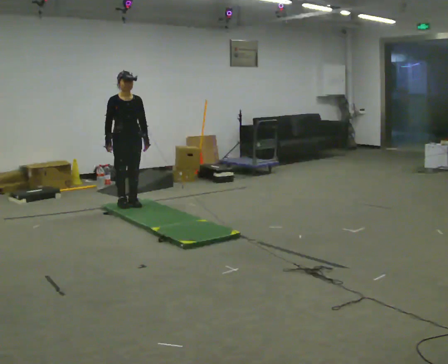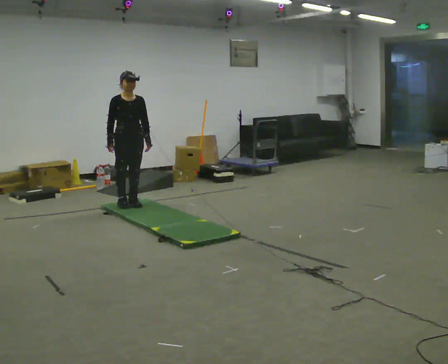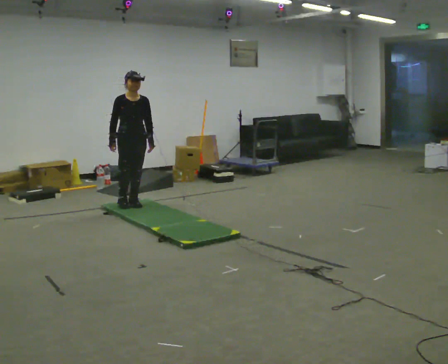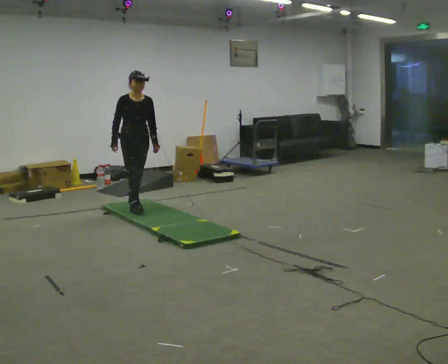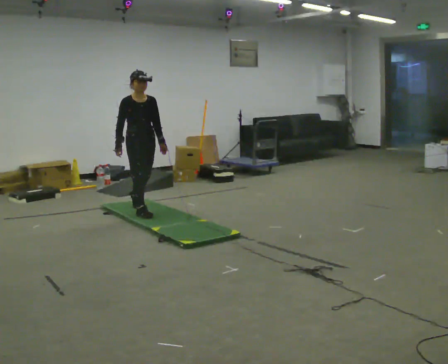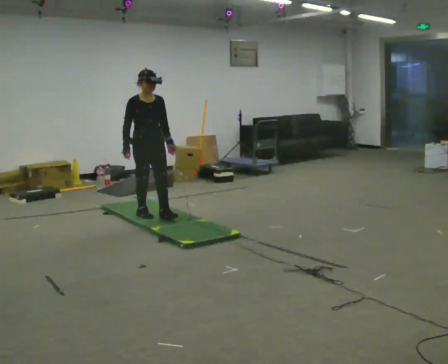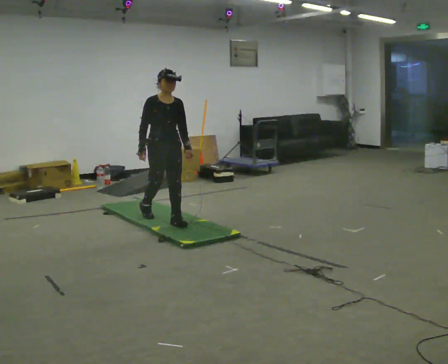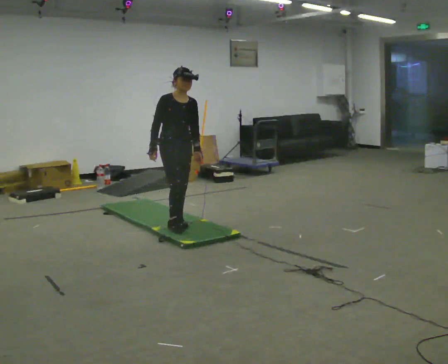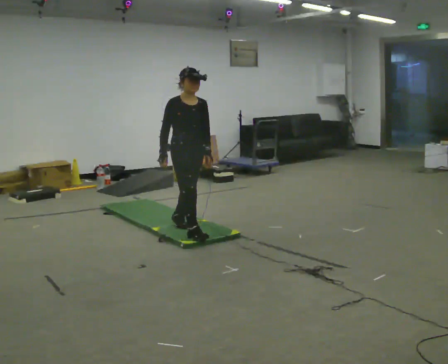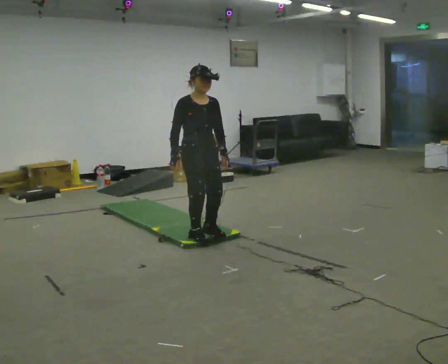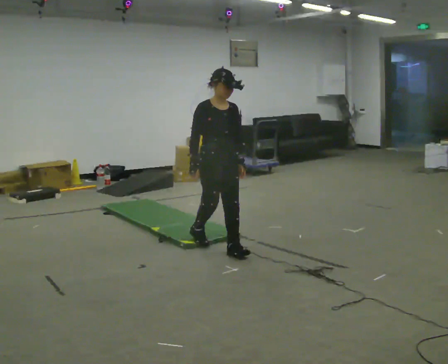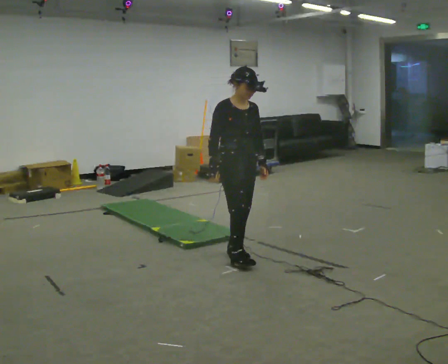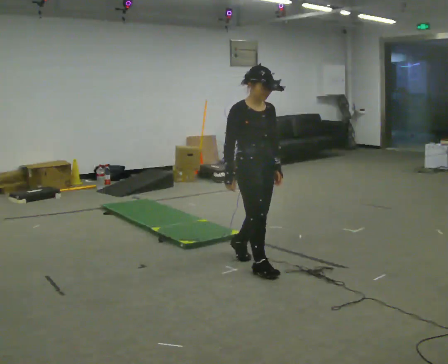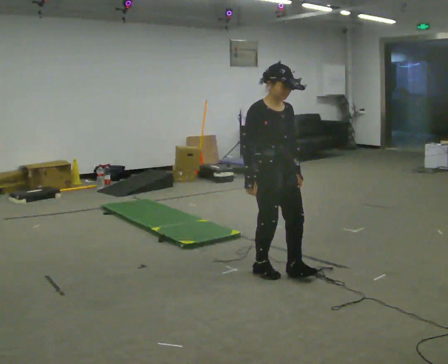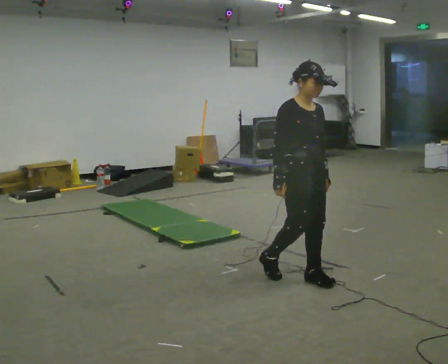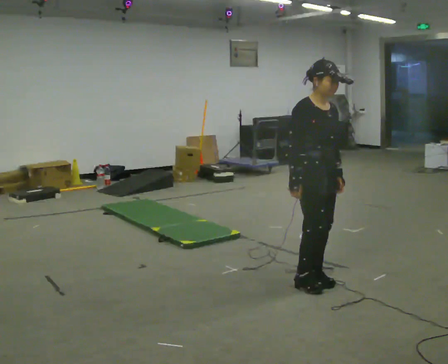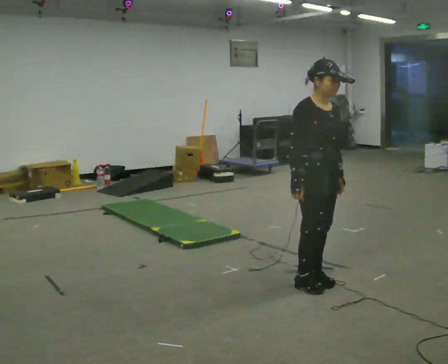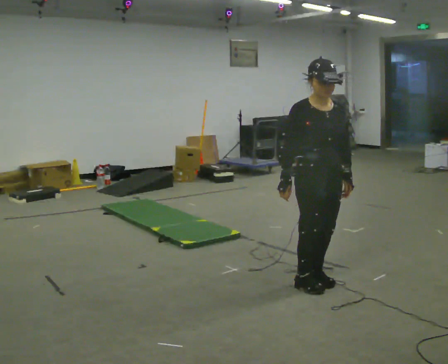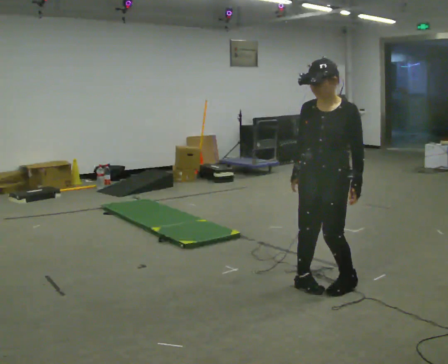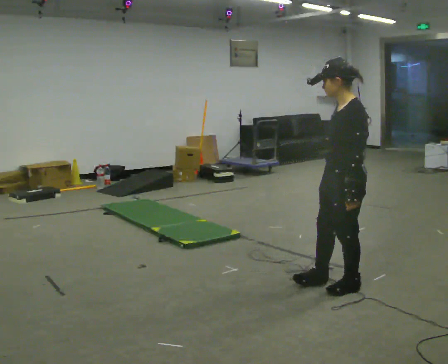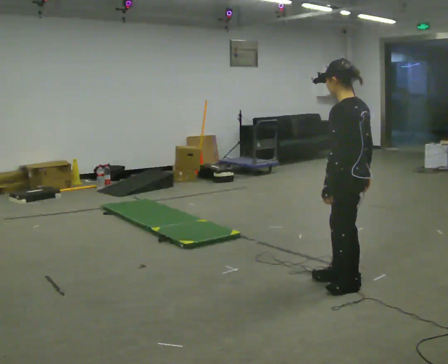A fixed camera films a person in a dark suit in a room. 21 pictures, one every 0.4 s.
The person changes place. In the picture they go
toward the camera.
0.0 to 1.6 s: In the picture they go toward the camera and to the right, about 0.25 m in 1 step, which for them is forward.
1.6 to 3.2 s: In the picture they go toward the camera and to the right, about 1 m in 2 steps, which for them is forward.
3.2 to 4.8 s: In the picture they go toward the camera and to the right, about 1 m in 2 steps, which for them is forward.
4.8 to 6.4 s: In the picture they go toward the camera and to the right, about 0.5 m in 2 steps, which for them is forward.
6.4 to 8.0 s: The part of the body nearest the lens slides to the left as the person turns to their right by about 165 degrees. In the picture they go to the right, about 0.25 m in 2 steps. In the picture their right hand goes to the right.
The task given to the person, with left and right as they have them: Walk across the soft uneven mat at a comfortable speed; continue walking normally after you leave it.
The film runs forward here.
